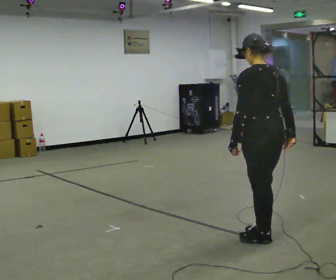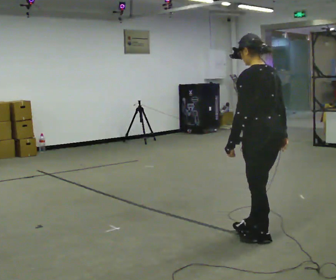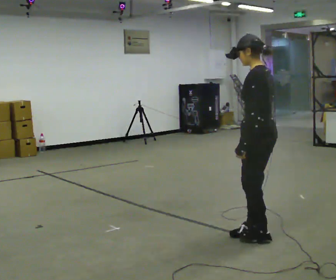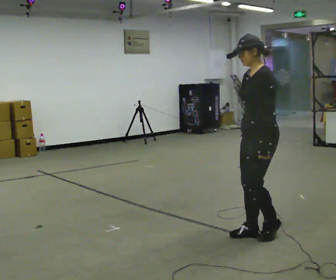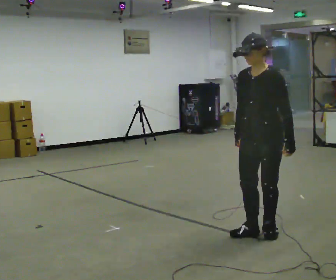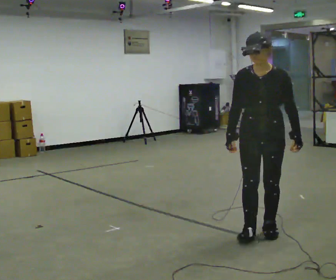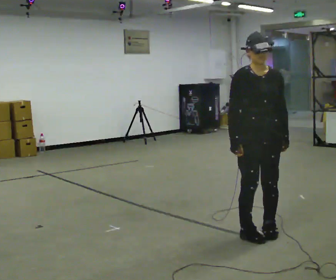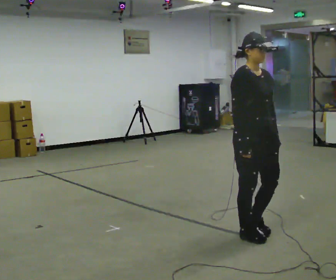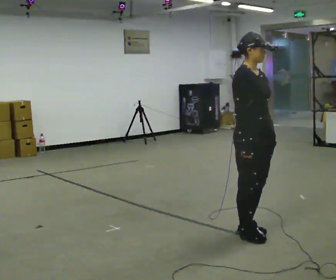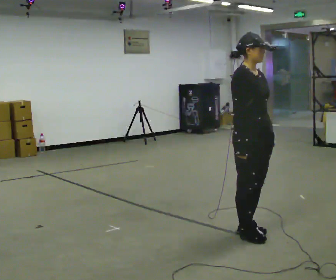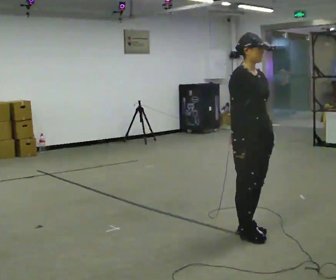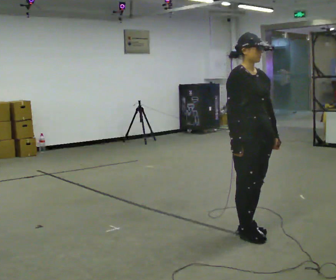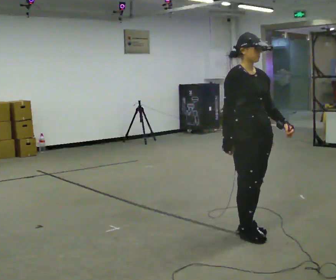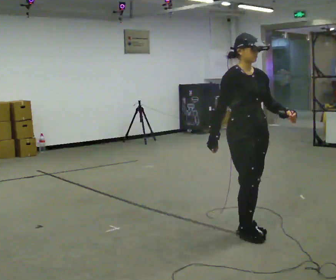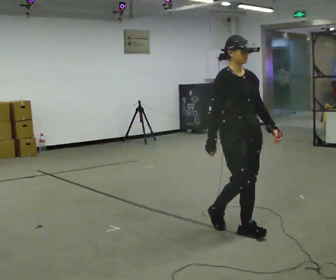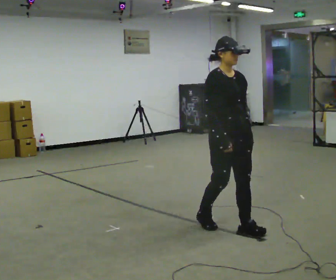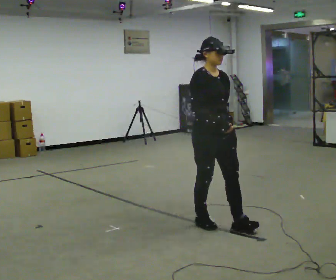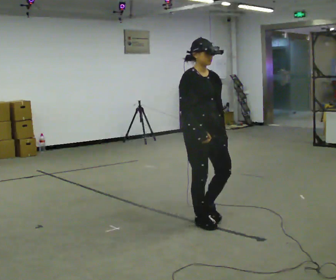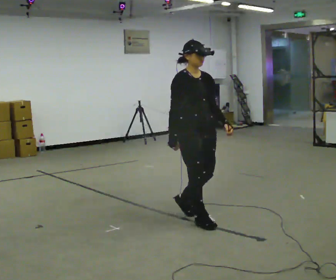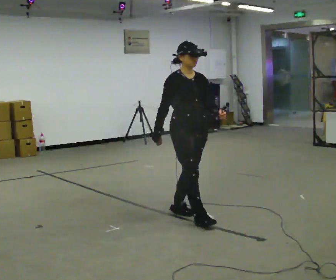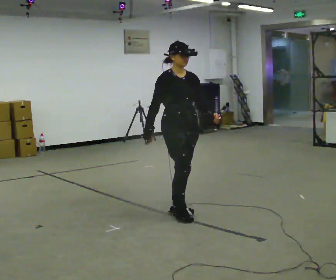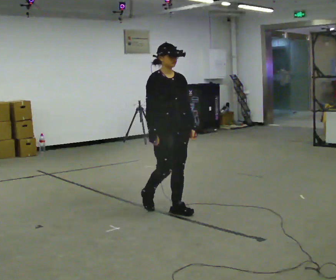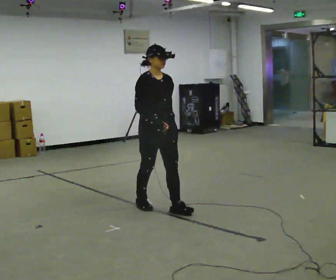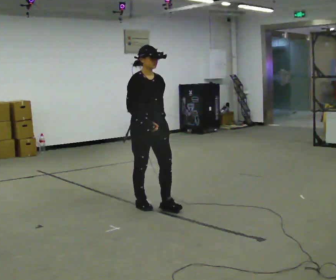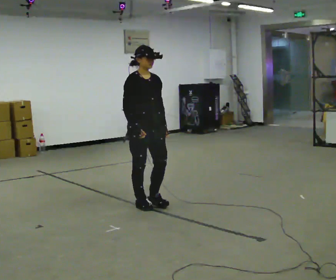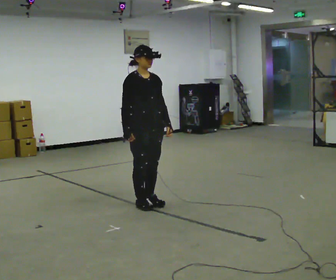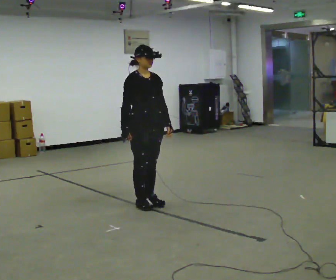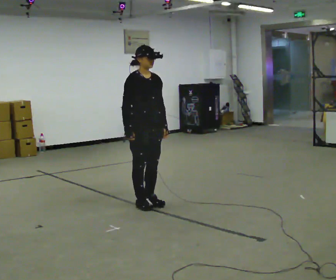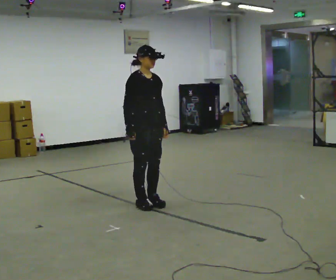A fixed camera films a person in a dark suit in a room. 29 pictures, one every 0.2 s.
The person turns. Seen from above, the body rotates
counterclockwise.
The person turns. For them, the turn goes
to their left.
0.0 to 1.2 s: The person turns about 150 degrees to their left, counterclockwise seen from above, so the part of the body nearest the lens slides to the right. In the picture their right hand goes to the left, the arm swinging clockwise.
1.2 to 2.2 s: The person turns about 30 degrees to their left, counterclockwise seen from above, so the part of the body nearest the lens slides to the right.
2.2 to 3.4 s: In the picture they go to the left and away from the camera, about 0.5 m in 2 steps, which for them is backward.
3.4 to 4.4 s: In the picture they go to the left and away from the camera, about 0.5 m in 1 step, which for them is backward.
4.4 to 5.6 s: In the picture they go away from the camera and to the left, about 0.25 m in 1 step, which for them is backward.
The film runs backward here.
